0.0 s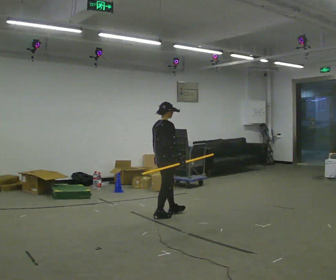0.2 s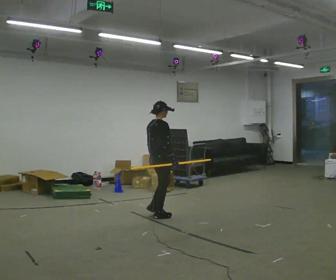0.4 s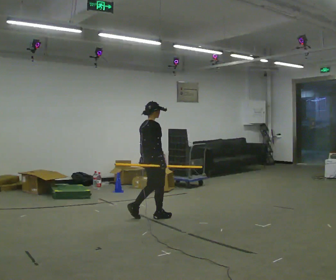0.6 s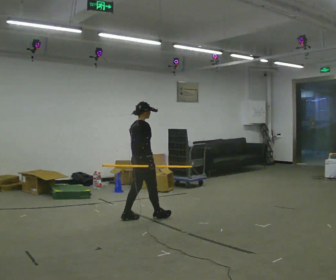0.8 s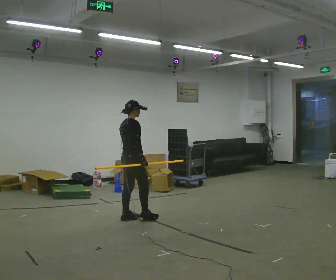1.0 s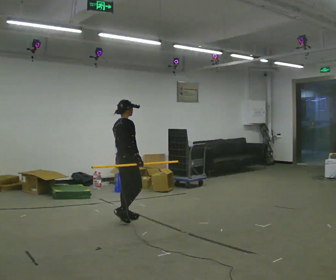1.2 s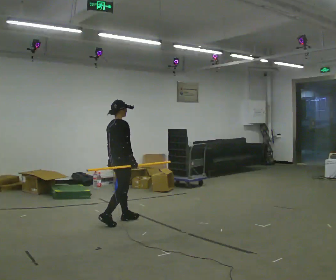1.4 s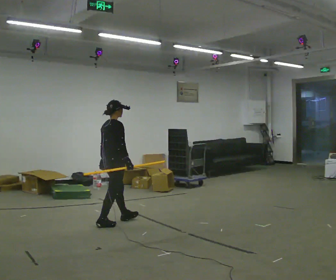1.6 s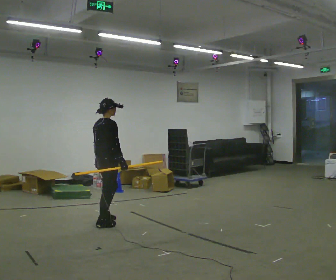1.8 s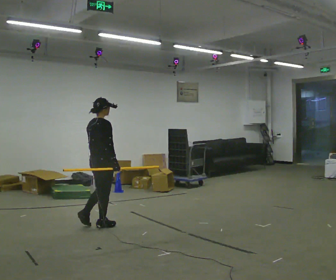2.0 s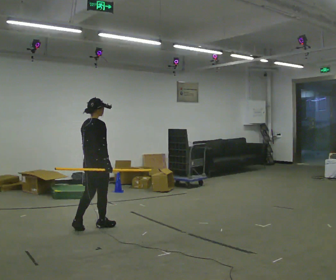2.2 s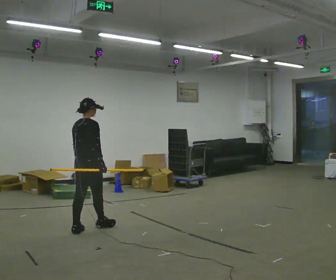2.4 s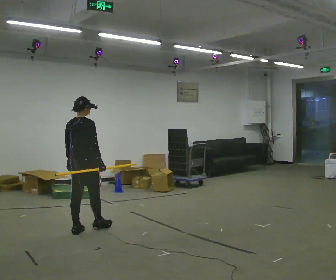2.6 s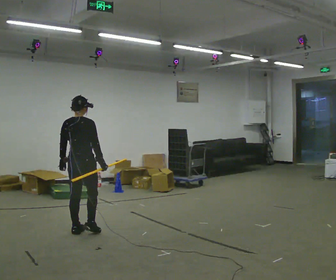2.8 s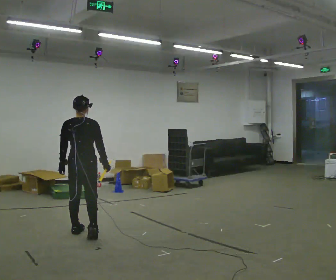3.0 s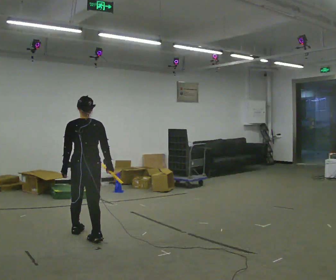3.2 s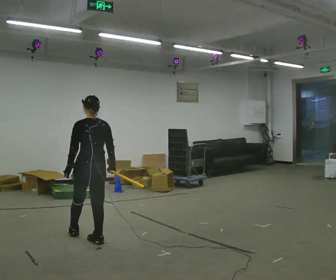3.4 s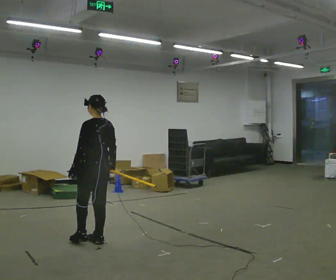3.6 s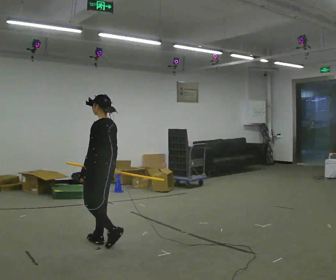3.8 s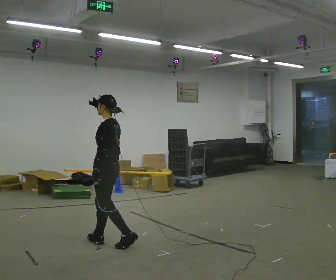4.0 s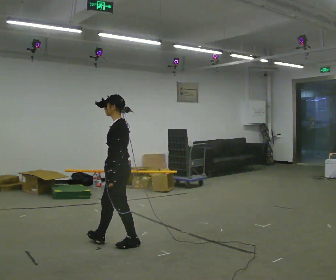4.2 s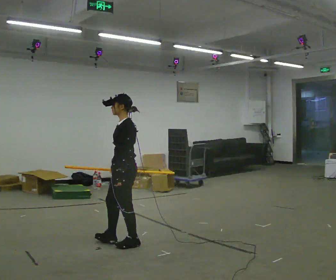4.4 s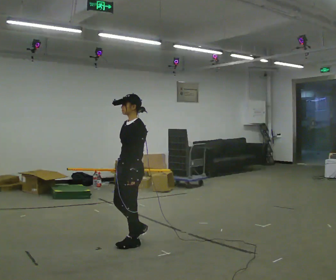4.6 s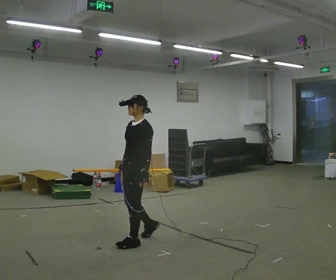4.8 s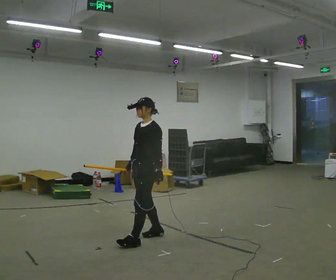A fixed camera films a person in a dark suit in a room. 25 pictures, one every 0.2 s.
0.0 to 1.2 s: In the picture they go to the left, about 0.75 m in 1 step, which for them is backward.
1.2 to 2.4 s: The part of the body nearest the lens slides to the right as the person turns to their left by about 30 degrees. In the picture they go to the left and toward the camera, about 0.75 m in 2 steps, which for them is backward.
2.4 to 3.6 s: Seen from above the body turns counterclockwise, about 105 degrees: to their left, with its near side sliding to the right. In the picture they go toward the camera and to the right, about 0.5 m in 1 step.
3.6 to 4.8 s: Seen from above the body turns counterclockwise, about 45 degrees: to their left, with its near side sliding to the right. In the picture they go to the right, about 0.5 m in 1 step, which for them is backward.
The film runs backward here.
